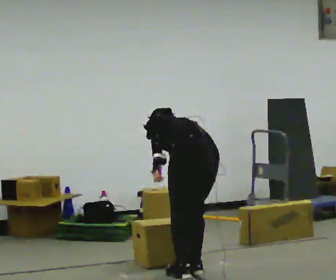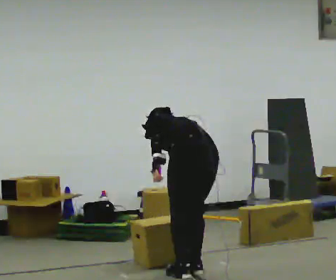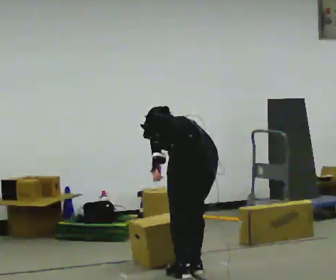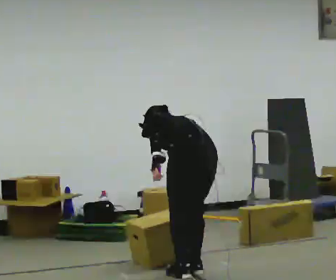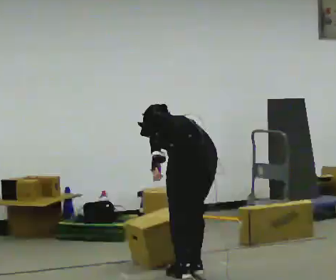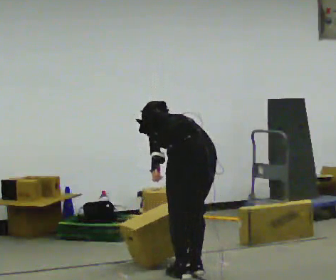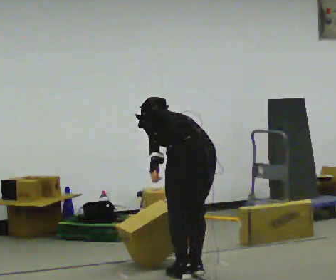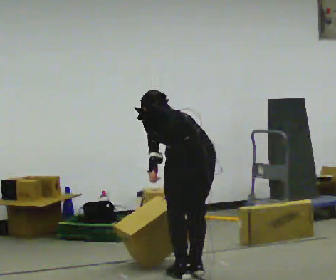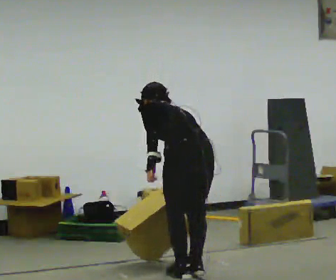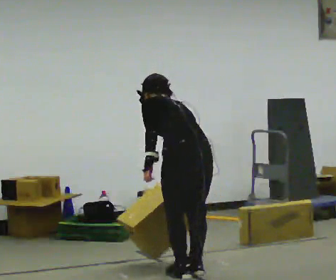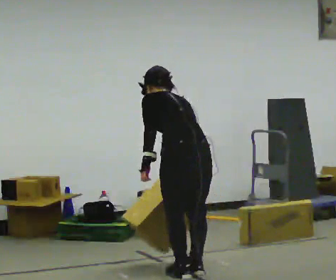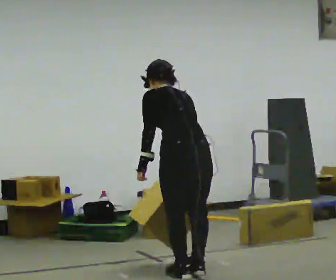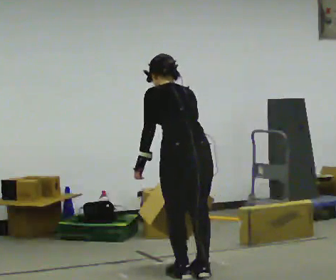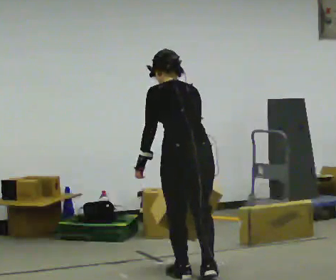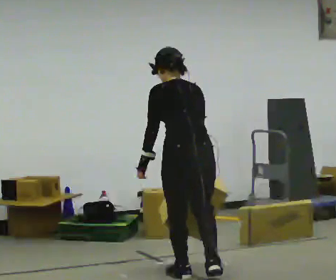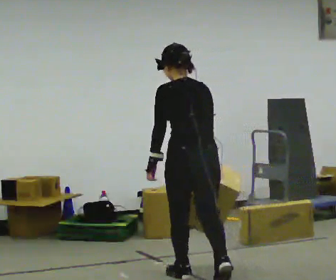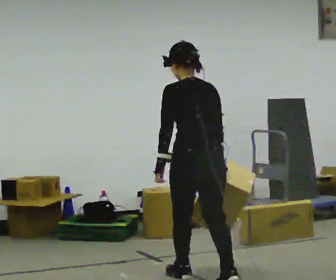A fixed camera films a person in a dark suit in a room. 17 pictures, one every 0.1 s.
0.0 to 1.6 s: In the picture they go toward the camera, about 0.25 m in 1 step, which for them is backward. The shoulders move upward. The upper body tips toward the camera, its near side rolling downward, as they lean back or straighten.
The film runs backward here.
